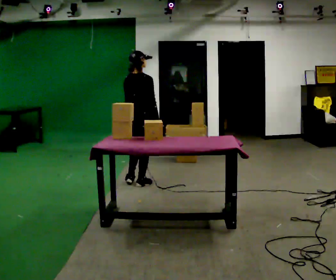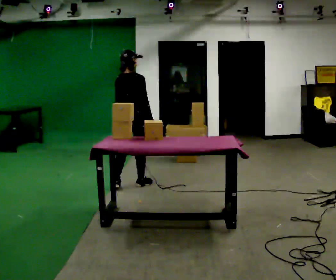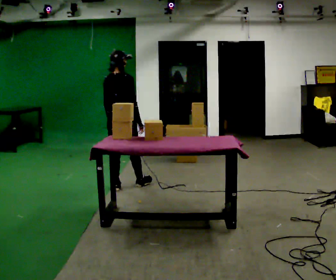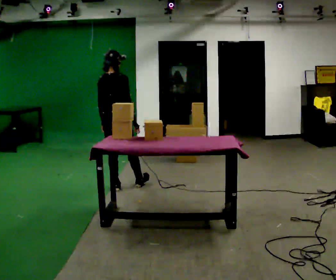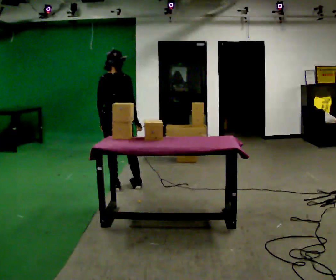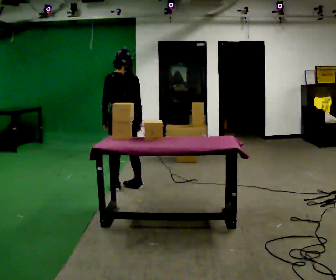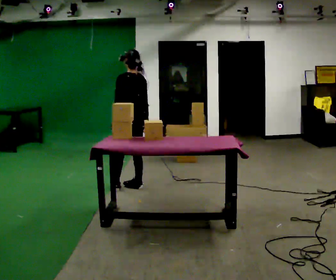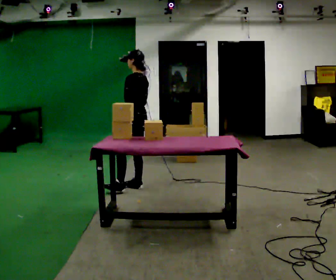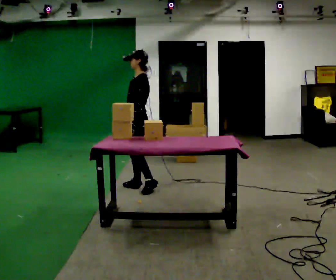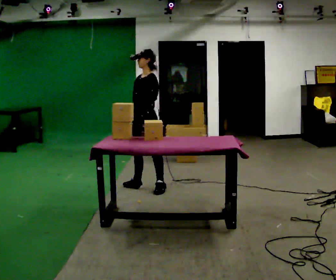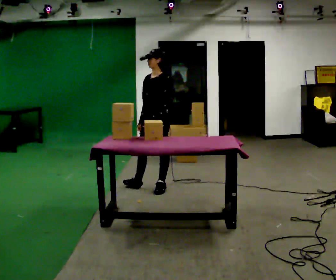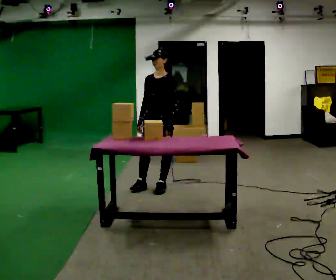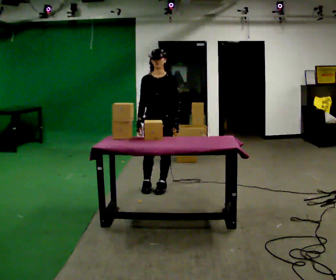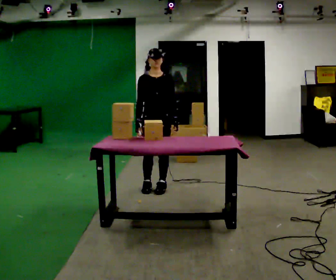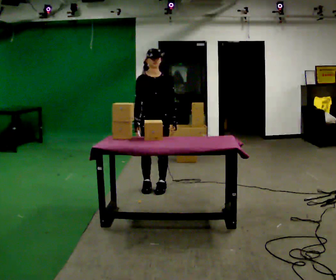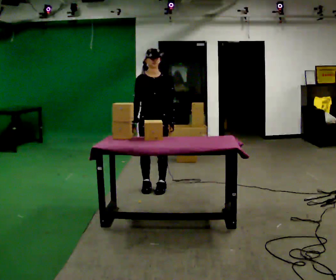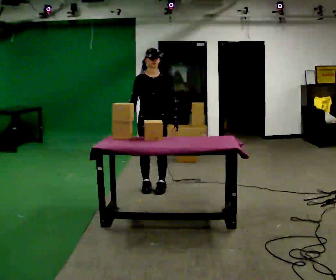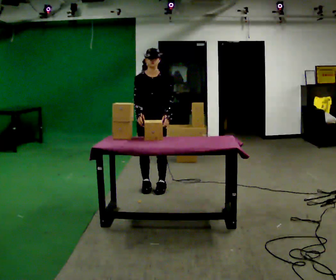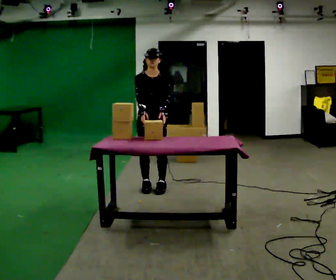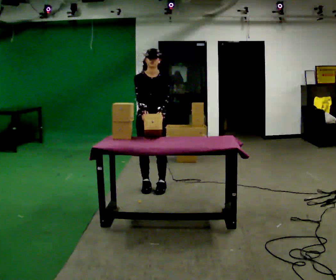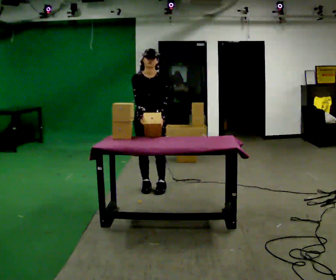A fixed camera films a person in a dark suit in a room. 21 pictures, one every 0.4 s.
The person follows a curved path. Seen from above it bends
counterclockwise.
The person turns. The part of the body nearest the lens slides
to the right.
0.0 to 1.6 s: In the picture they go to the left and toward the camera, about 0.25 m, which for them is backward and to their left.
1.6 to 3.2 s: The part of the body nearest the lens slides to the right as the person turns to their left by about 105 degrees. In the picture they go to the right, about 0.25 m in 1 step.
3.2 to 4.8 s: The part of the body nearest the lens slides to the right as the person turns to their left by about 75 degrees. In the picture they go to the right, about 0.25 m.
4.8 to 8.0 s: The person moves a little, or ends about where they began.
The film runs backward here.
